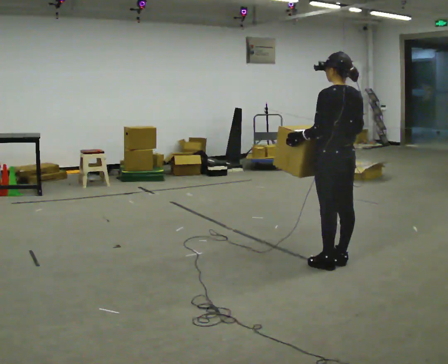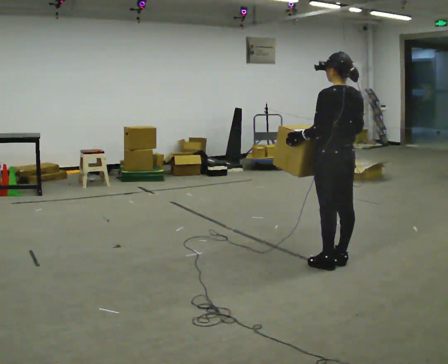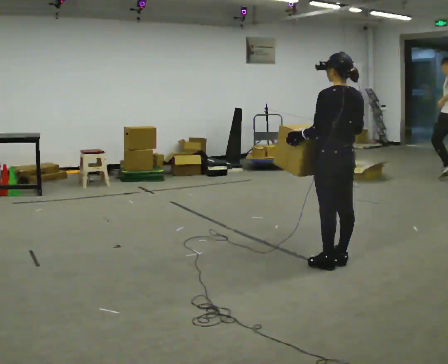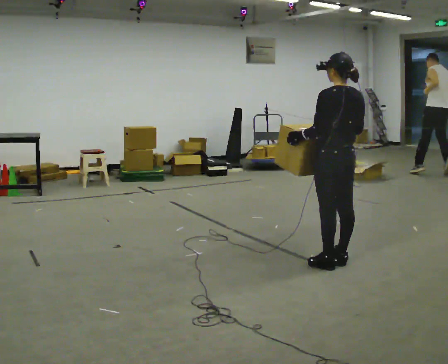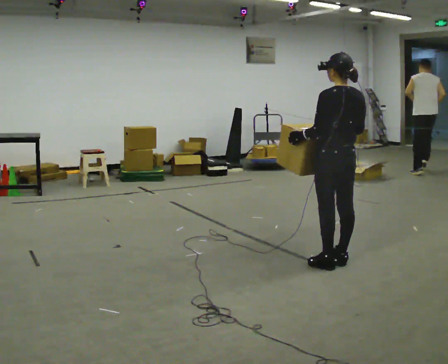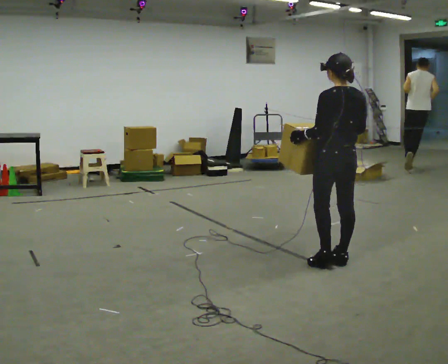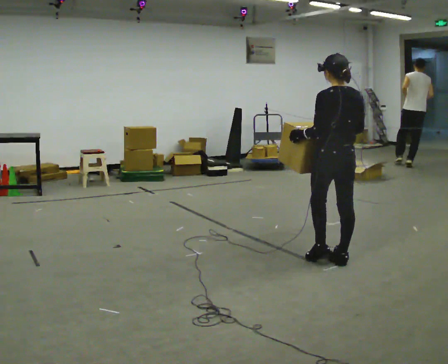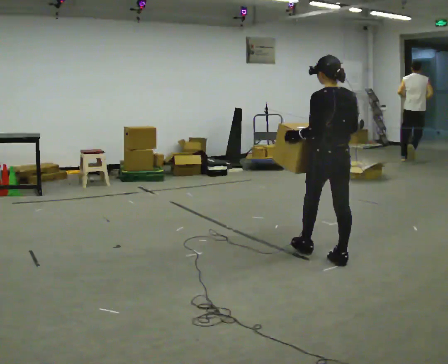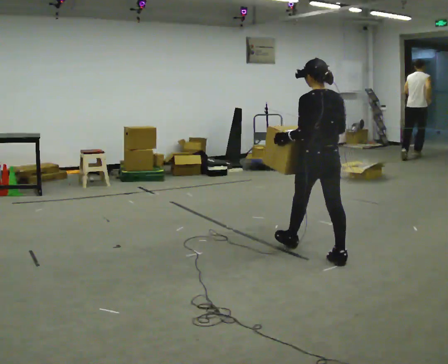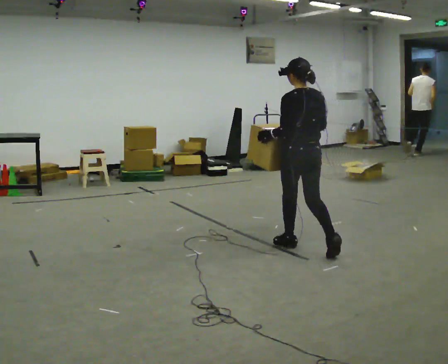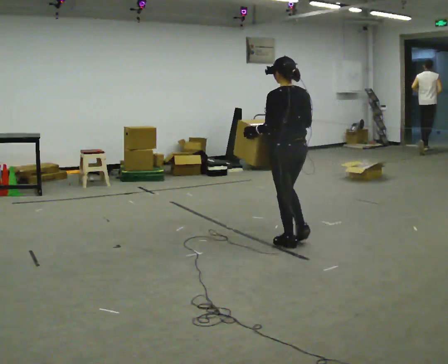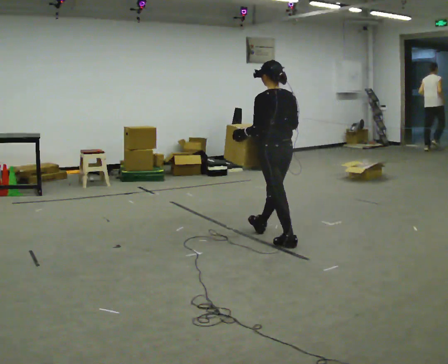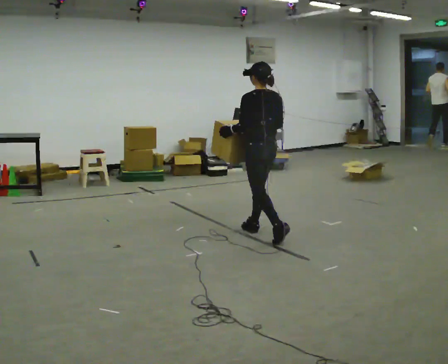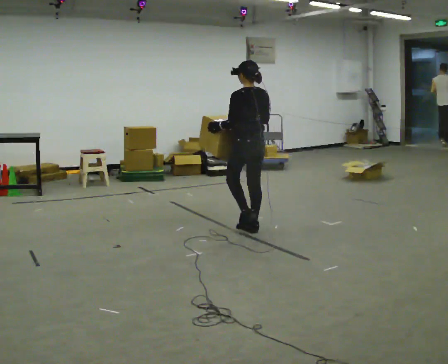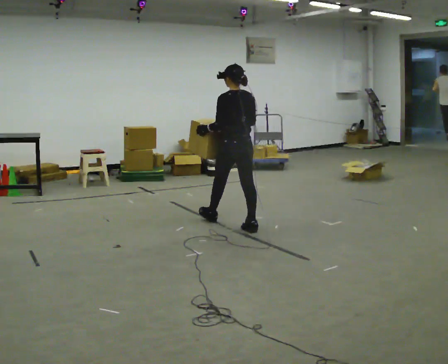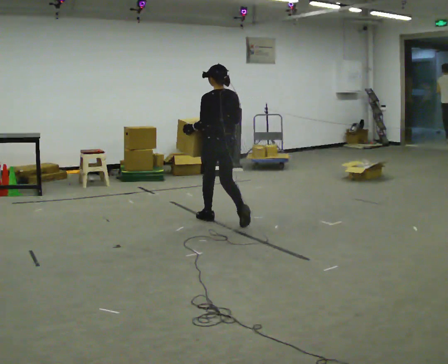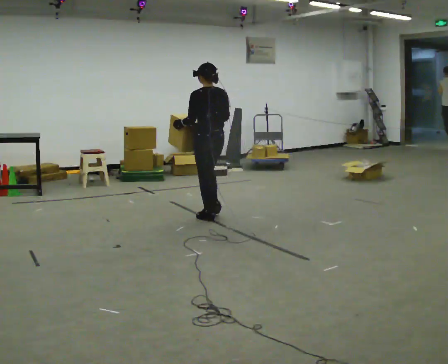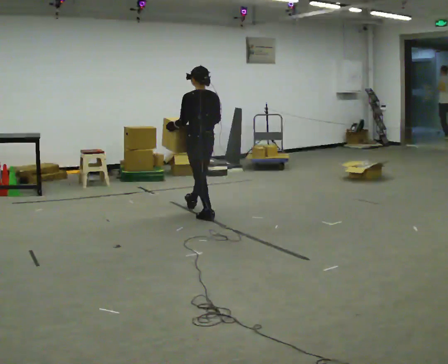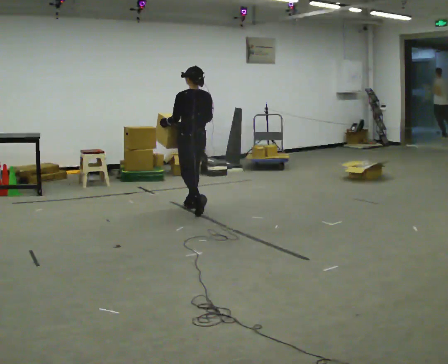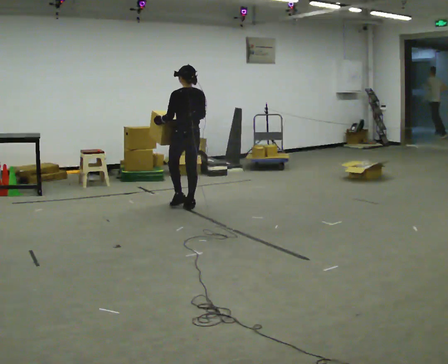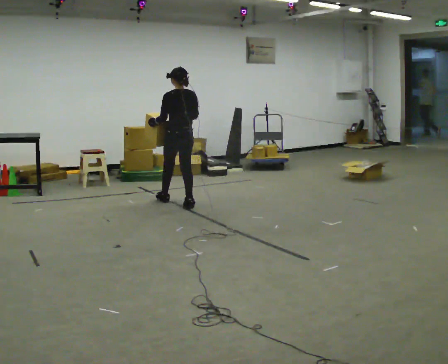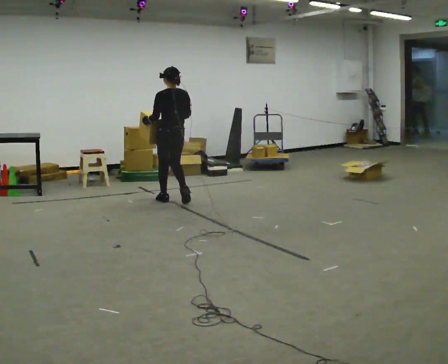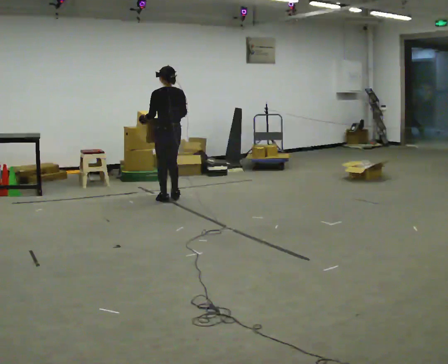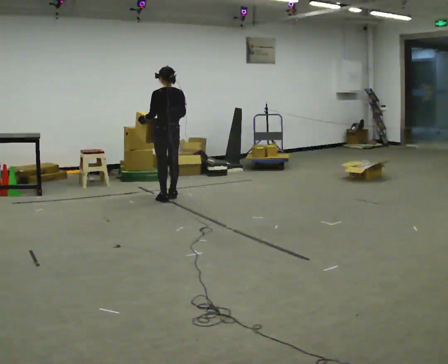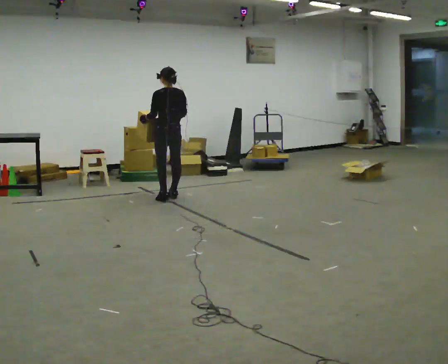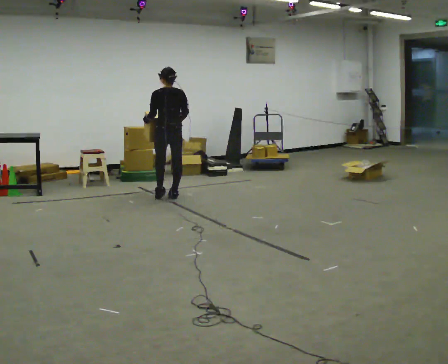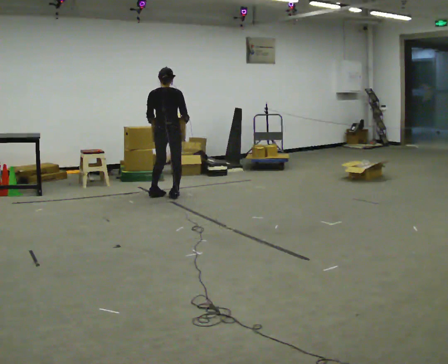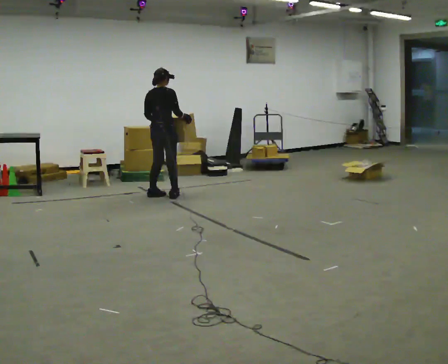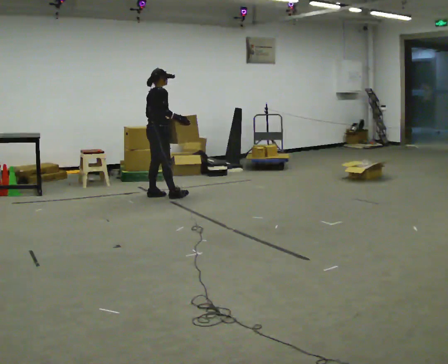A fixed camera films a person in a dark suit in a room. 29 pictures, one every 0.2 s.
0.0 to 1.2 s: The person moves a little, or ends about where they began.
1.2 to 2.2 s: In the picture they go away from the camera and to the left, about 0.75 m in 1 step, which for them is forward.
2.2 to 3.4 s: In the picture they go away from the camera and to the left, about 1 m in 2 steps, which for them is forward.
3.4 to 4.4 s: In the picture they go away from the camera and to the left, about 0.75 m in 2 steps, which for them is forward.
4.4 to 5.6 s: The part of the body nearest the lens slides to the left as the person turns to their right by about 105 degrees. In the picture they go to the left and away from the camera, about 0.25 m in 2 steps.
The film runs forward here.
